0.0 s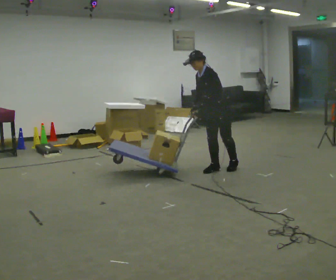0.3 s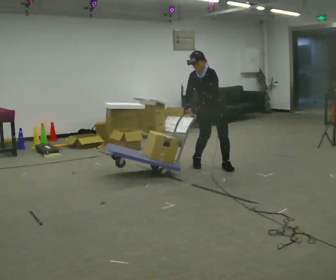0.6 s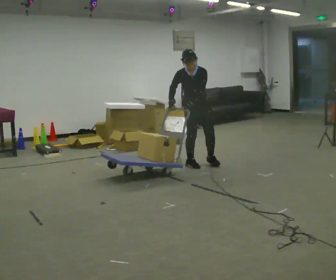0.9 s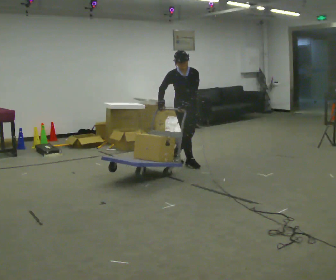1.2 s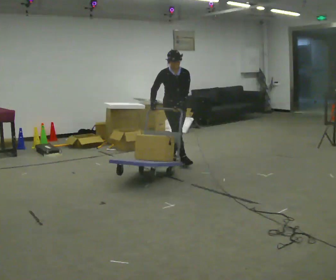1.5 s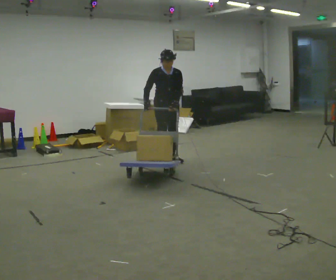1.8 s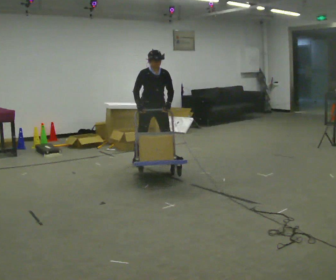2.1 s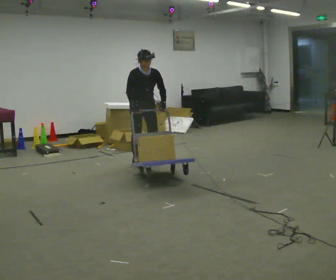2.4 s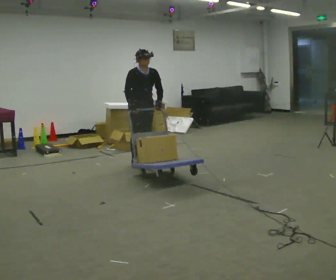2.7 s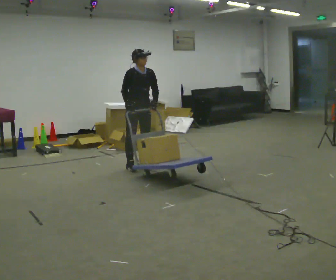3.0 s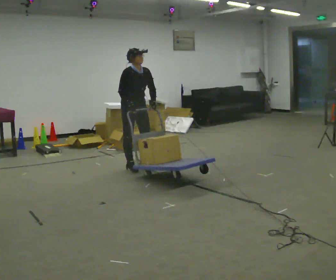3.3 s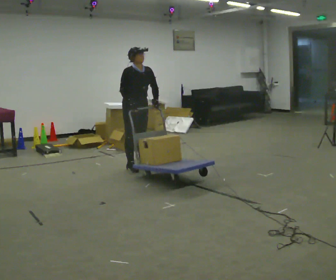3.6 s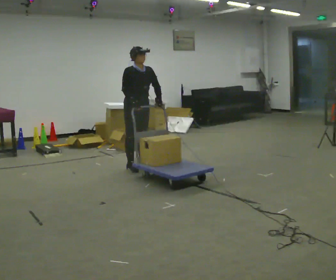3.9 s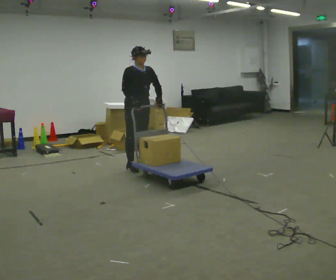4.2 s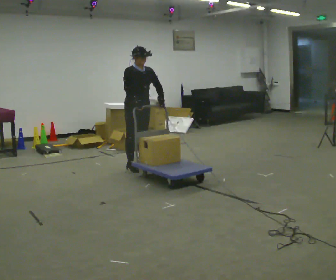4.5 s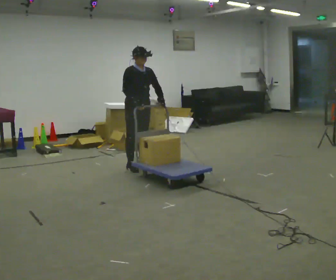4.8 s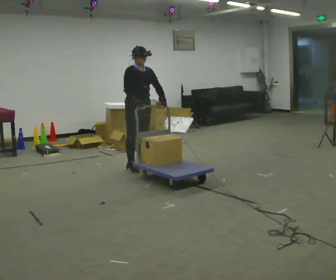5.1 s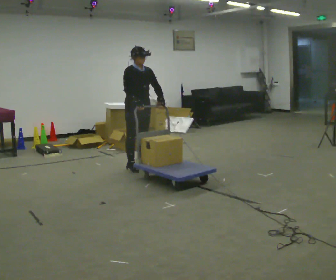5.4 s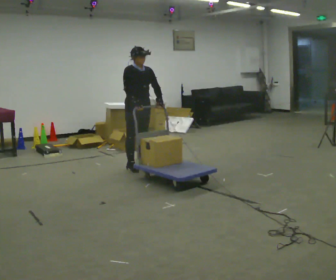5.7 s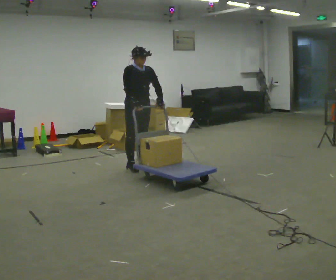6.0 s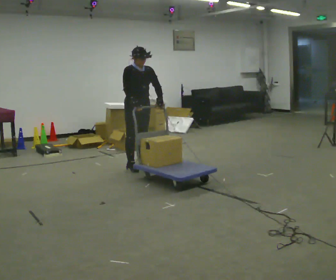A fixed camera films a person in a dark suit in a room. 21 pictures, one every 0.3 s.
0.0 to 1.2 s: The part of the body nearest the lens slides to the right as the person turns to their left by about 90 degrees. In the picture they go away from the camera and to the left, about 0.5 m in 3 steps. In the picture the upper body tilts clockwise, shoulders to the right.
1.2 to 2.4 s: In the picture they go to the left, about 0.5 m in 2 steps, which for them is to their right.
2.4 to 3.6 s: In the picture they go toward the camera, about 0.25 m in 1 step, which for them is to their right and forward.
3.6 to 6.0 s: The person moves a little, or ends about where they began.
The film runs backward here.
